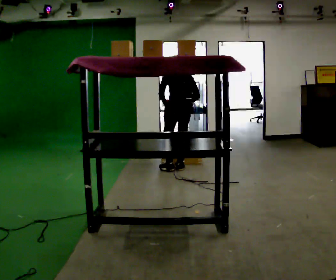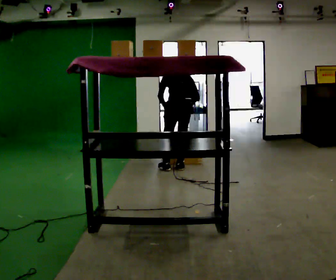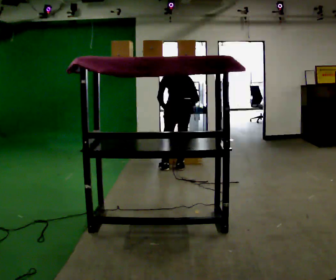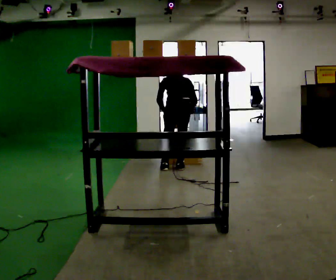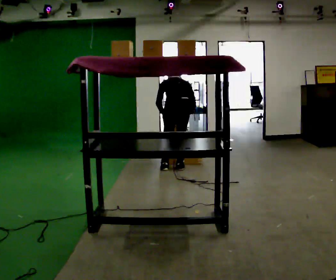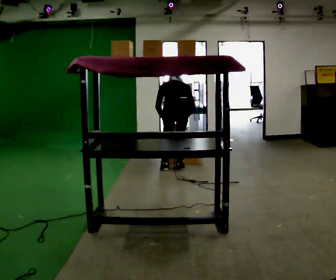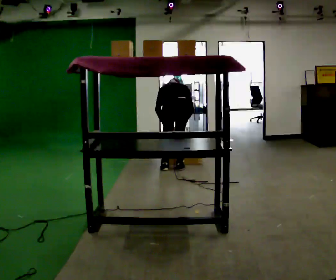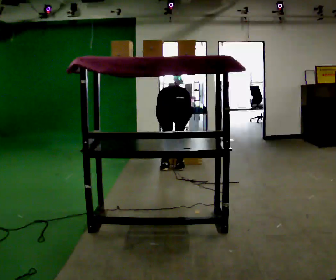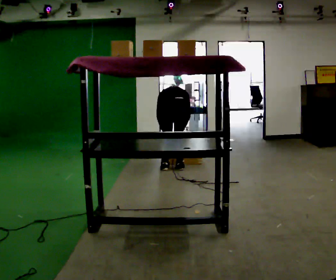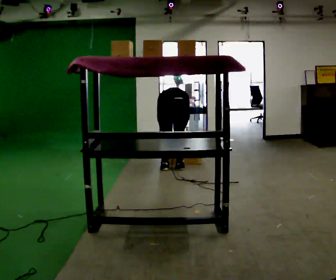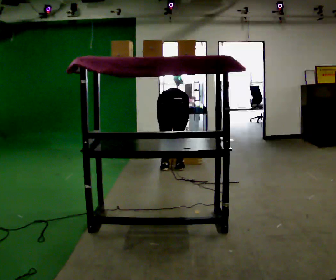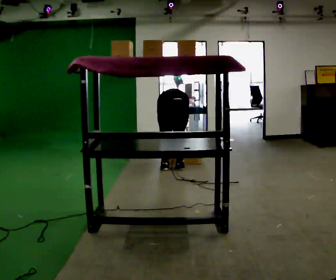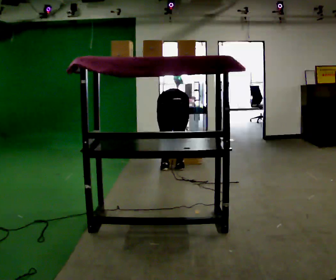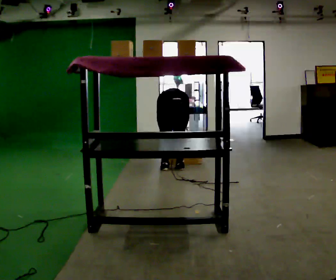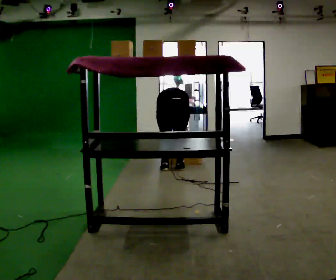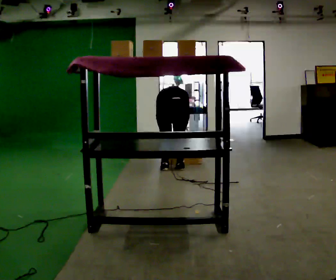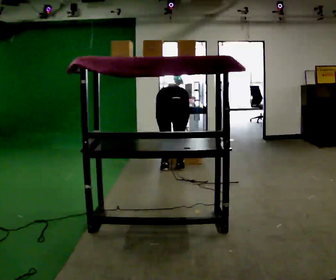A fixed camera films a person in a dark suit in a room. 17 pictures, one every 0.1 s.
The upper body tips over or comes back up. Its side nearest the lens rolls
upward.
0.0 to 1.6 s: The person turns about 30 degrees to their right, clockwise seen from above, so the part of the body nearest the lens slides to the left. The upper body goes downward. The upper body tips away from the camera, its near side rolling upward, as they bend forward. In the picture their right hand goes downward.
The film runs backward here.
